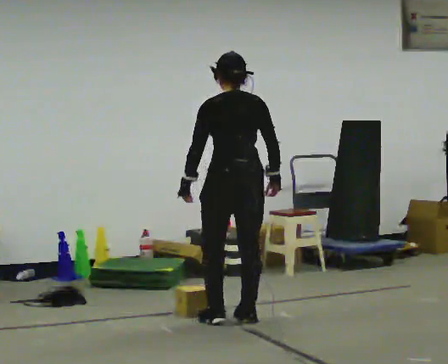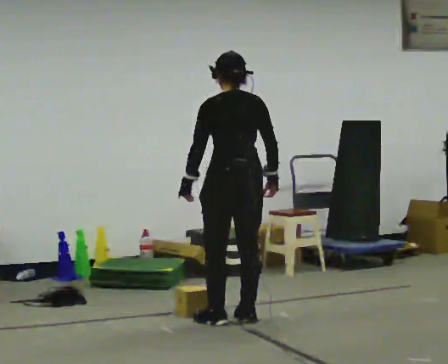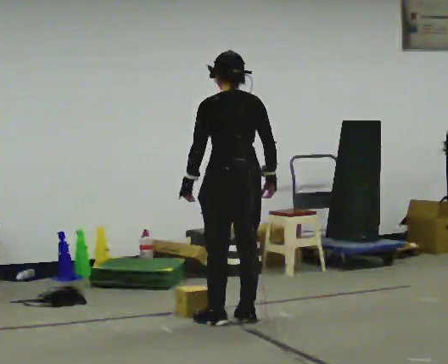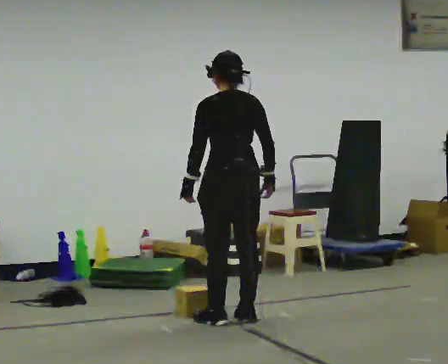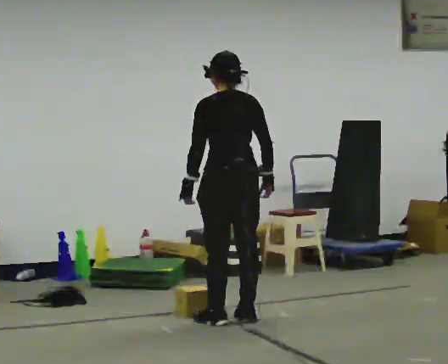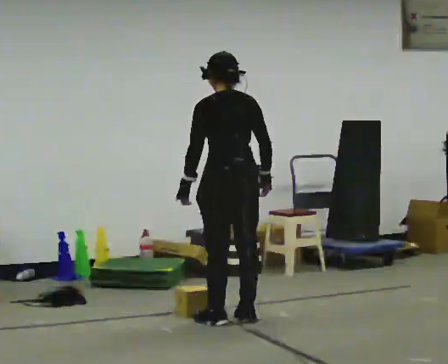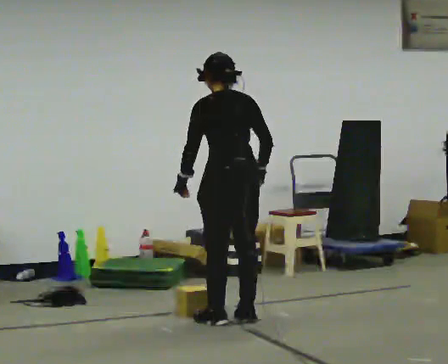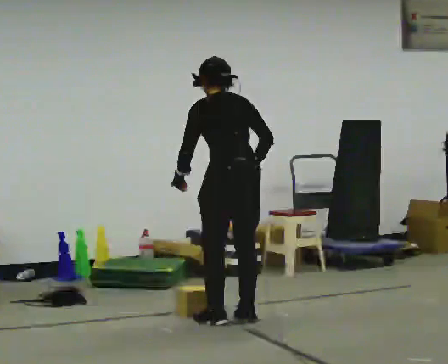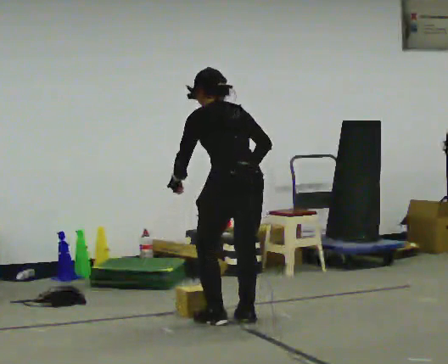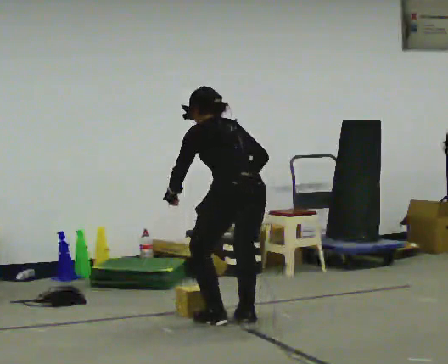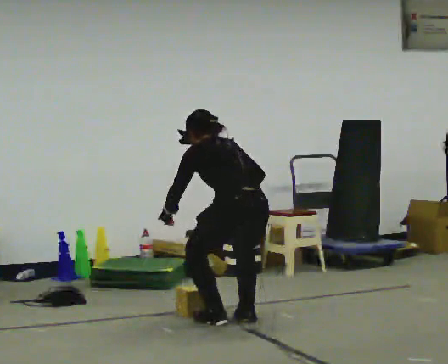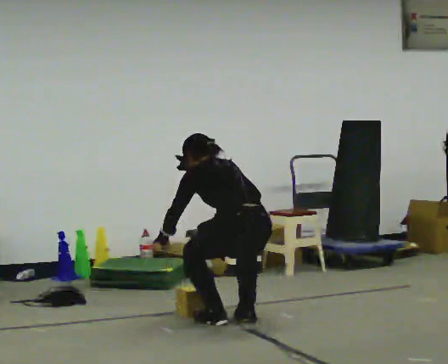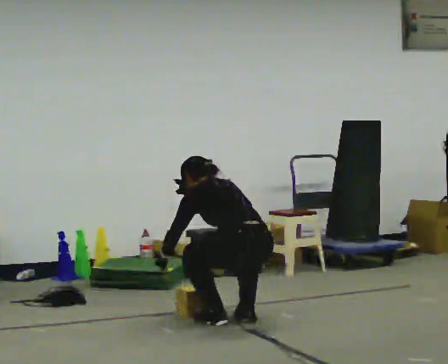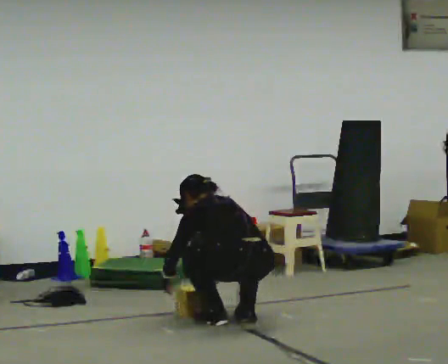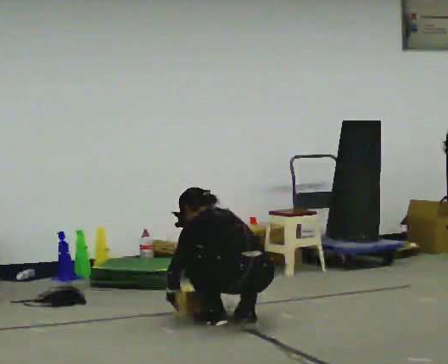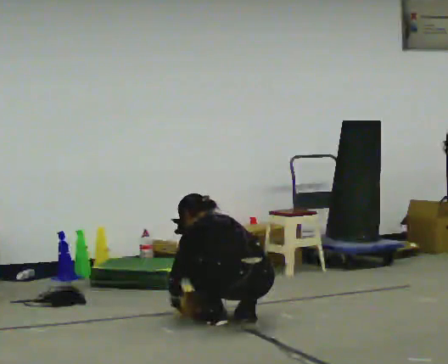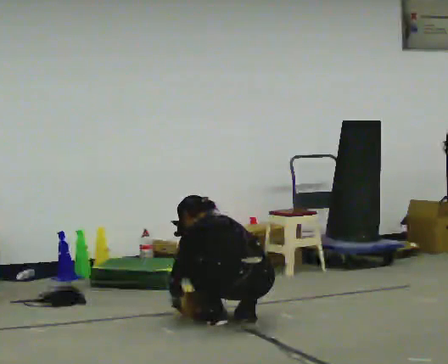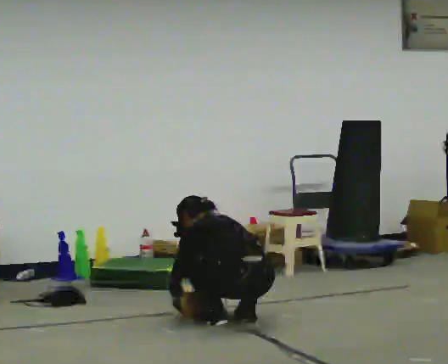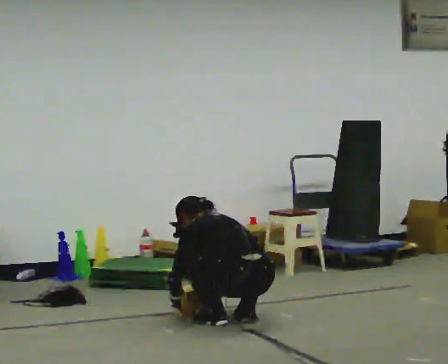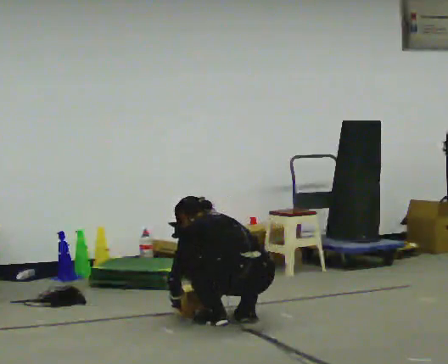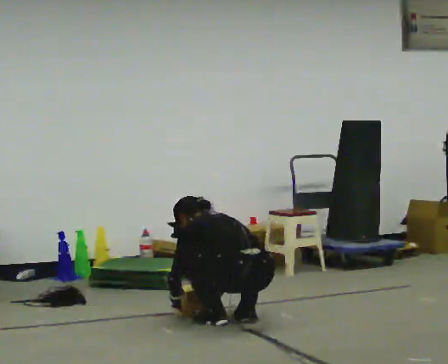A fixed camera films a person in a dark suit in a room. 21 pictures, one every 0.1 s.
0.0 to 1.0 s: The shoulders move downward. The upper body tips away from the camera, its near side rolling upward, as they bend forward.
1.0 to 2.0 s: The shoulders move downward. In the picture the upper body tilts counterclockwise, shoulders to the left, as they bend forward. In the picture their right hand goes downward.
The film runs backward here.
